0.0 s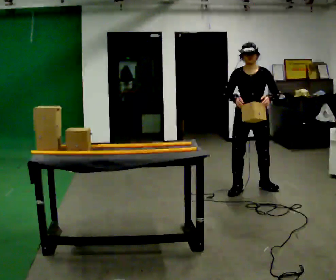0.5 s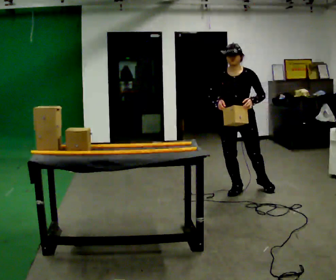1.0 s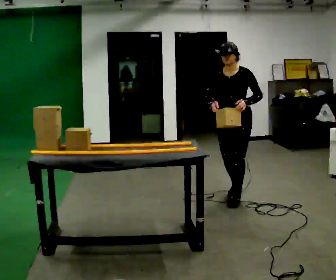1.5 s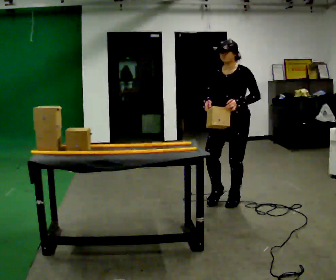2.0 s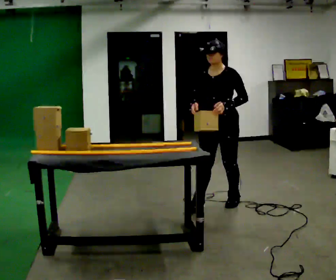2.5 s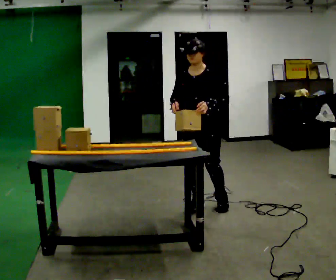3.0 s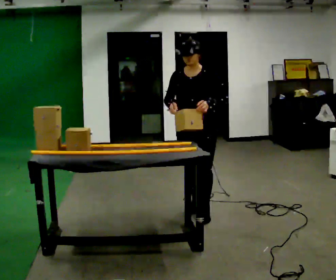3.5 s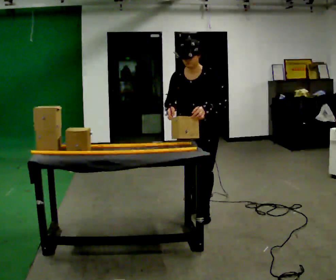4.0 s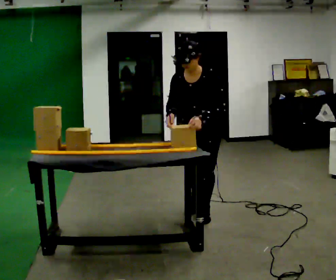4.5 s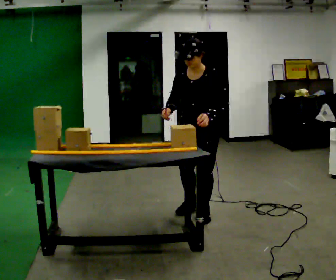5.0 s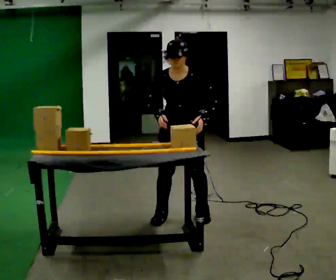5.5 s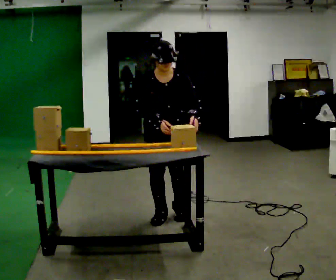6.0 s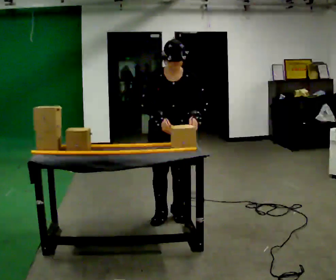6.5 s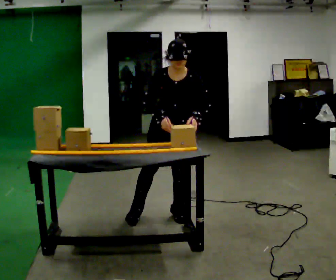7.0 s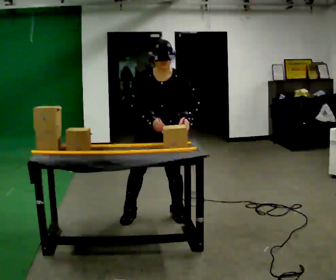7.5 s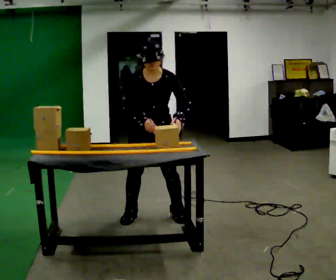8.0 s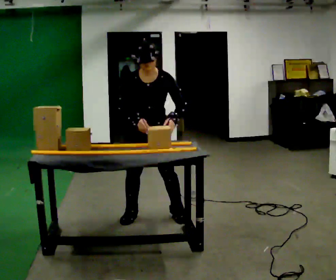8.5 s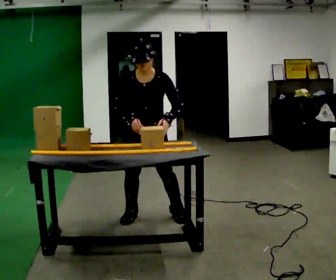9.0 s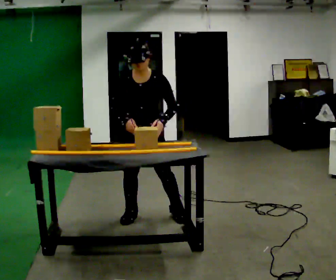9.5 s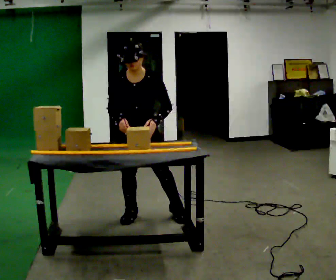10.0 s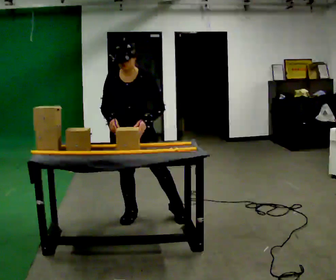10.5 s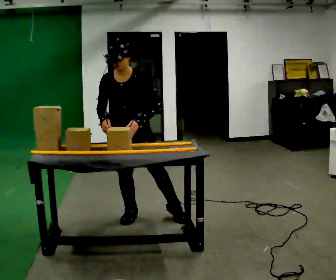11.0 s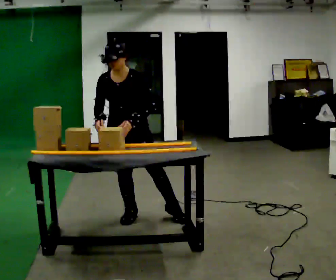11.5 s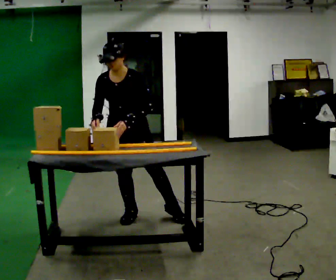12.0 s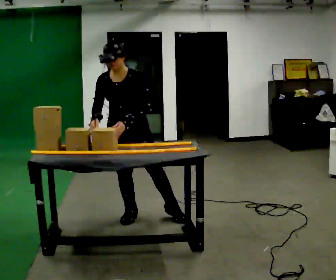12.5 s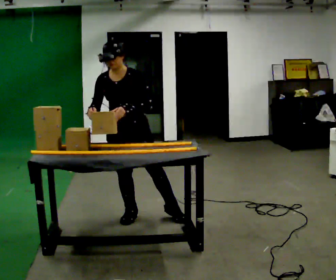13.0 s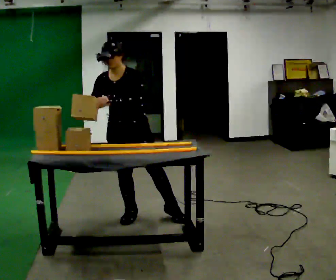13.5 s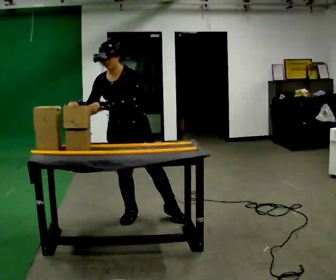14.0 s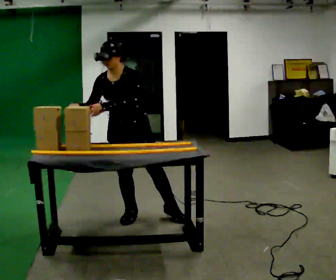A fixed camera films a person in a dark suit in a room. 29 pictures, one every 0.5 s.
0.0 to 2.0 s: In the picture they go to the left and toward the camera, about 0.5 m in 2 steps, which for them is forward and to their right.
2.0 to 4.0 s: In the picture they go toward the camera and to the left, about 0.25 m in 1 step, which for them is forward. The upper body tips toward the camera, its near side rolling downward, as they bend forward.
4.0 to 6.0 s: Seen from above the body turns counterclockwise, about 30 degrees: to their left, with its near side sliding to the right. In the picture they go to the left, about 0.25 m in 2 steps, which for them is to their right. In the picture the upper body tilts clockwise, shoulders to the right.
6.0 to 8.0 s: In the picture they go to the left, about 0.25 m in 1 step, which for them is to their right.
8.0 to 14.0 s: In the picture they go to the left, about 0.25 m, which for them is to their right. In the picture the upper body tilts counterclockwise, shoulders to the left. In the picture their left hand goes to the left.
The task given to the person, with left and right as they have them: Slide the object into the slot on the shelf in front of you. It is a close fit, so take the time you need. Repeat at your own pace until the operator says stop. Keep both feet on the marked spots for the whole take. If you have to step, stop and tell the operator.
The film runs forward here.
